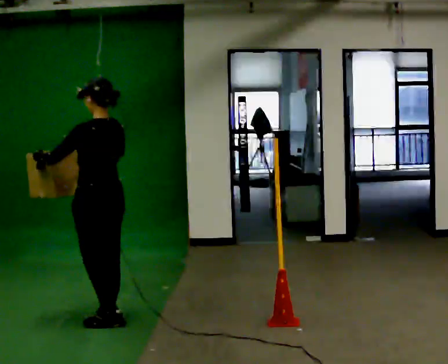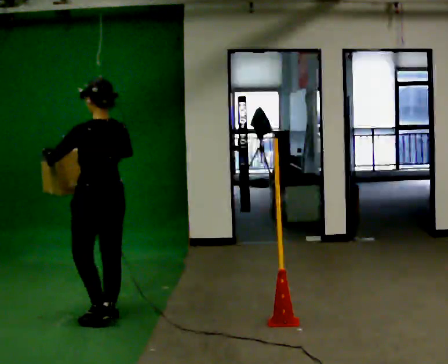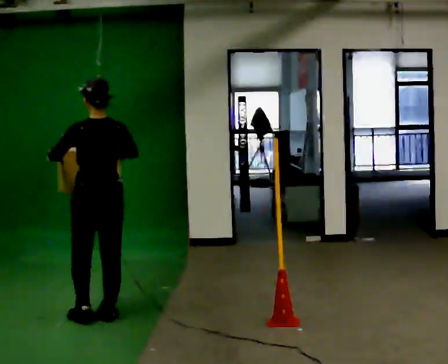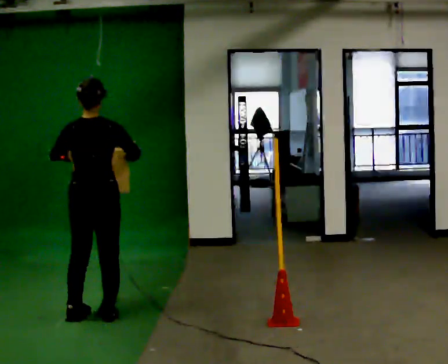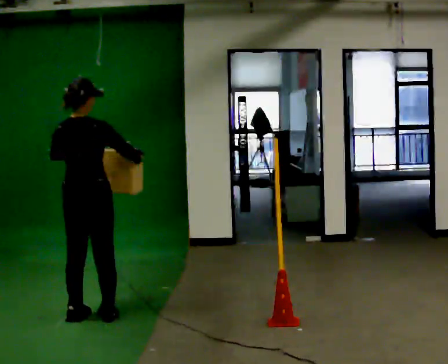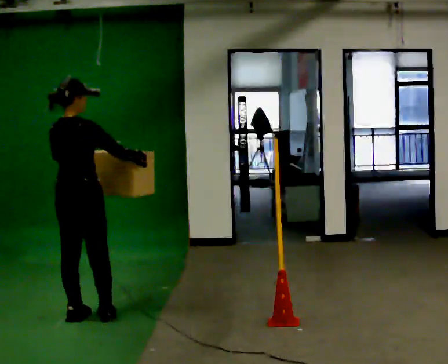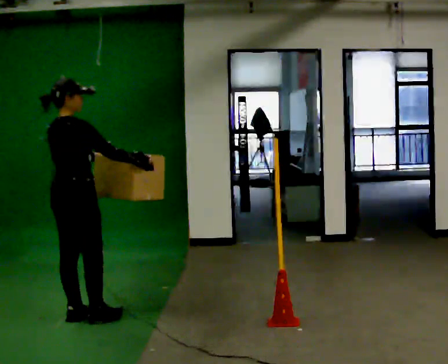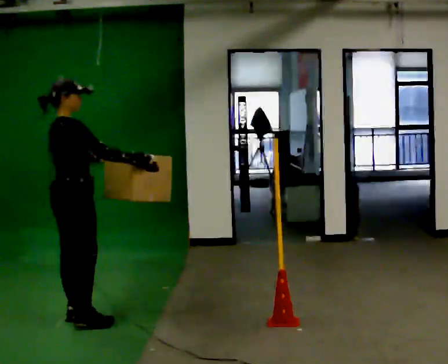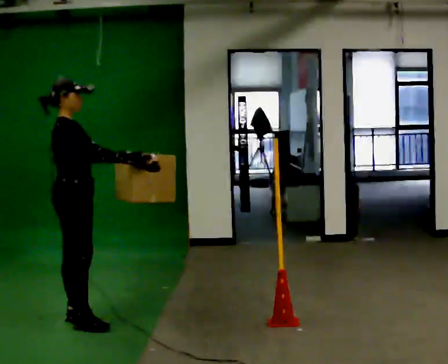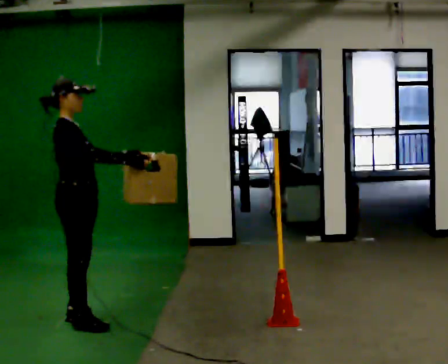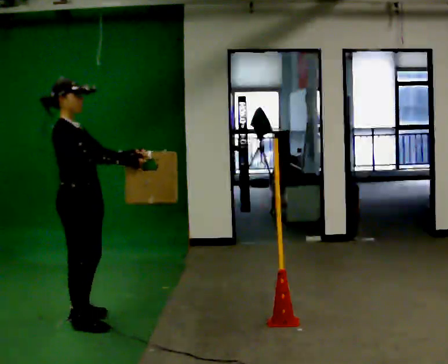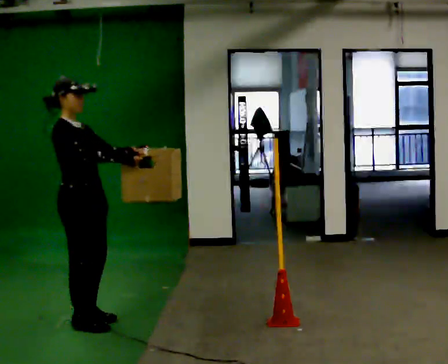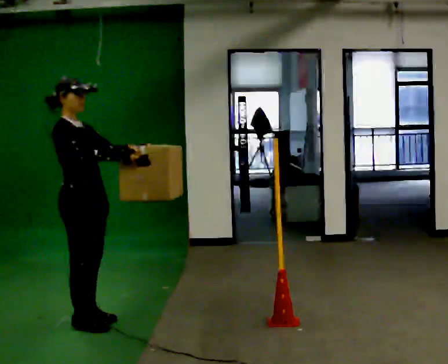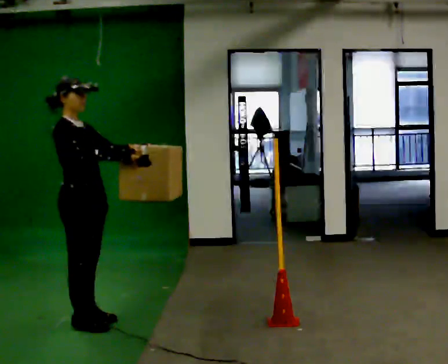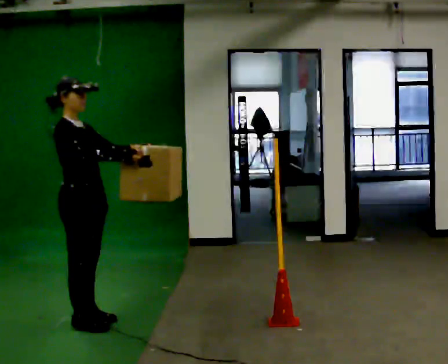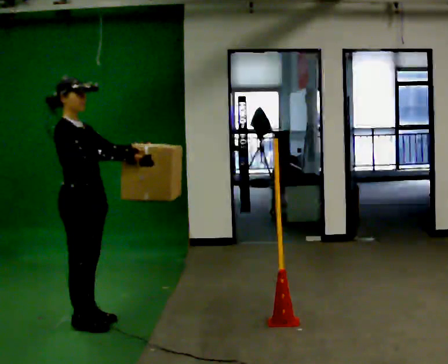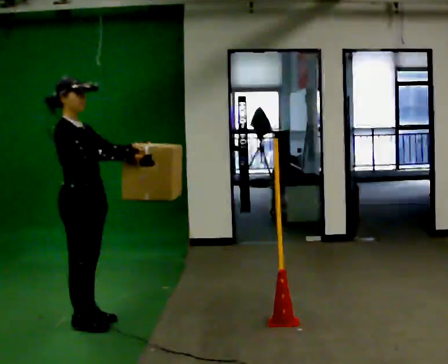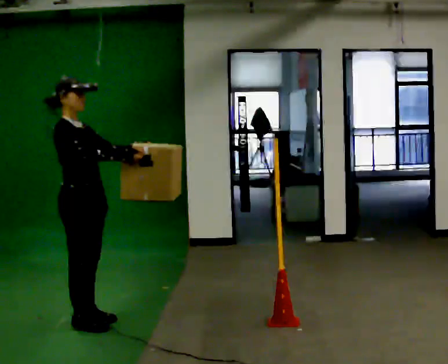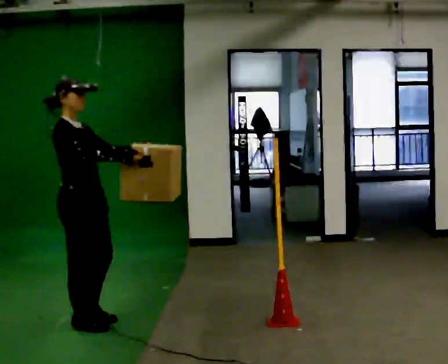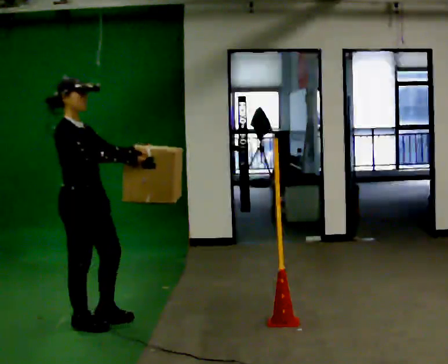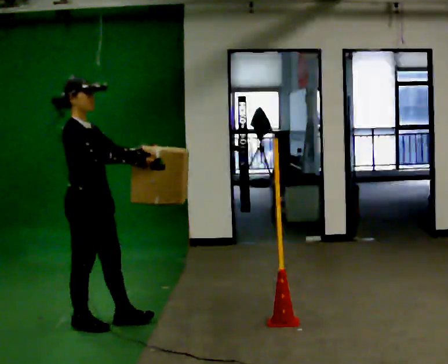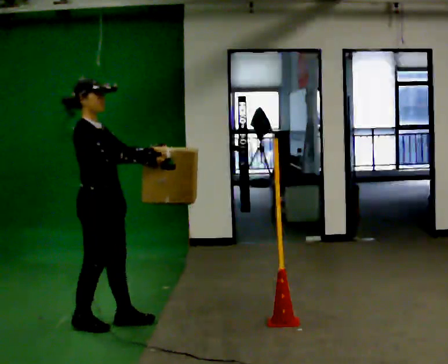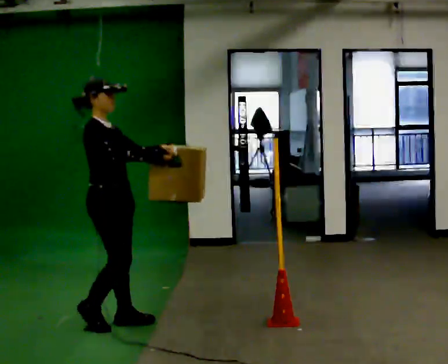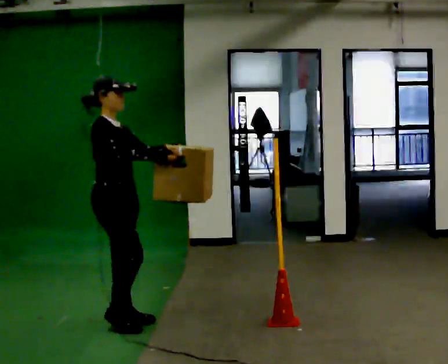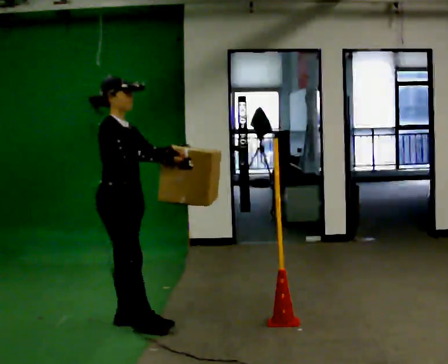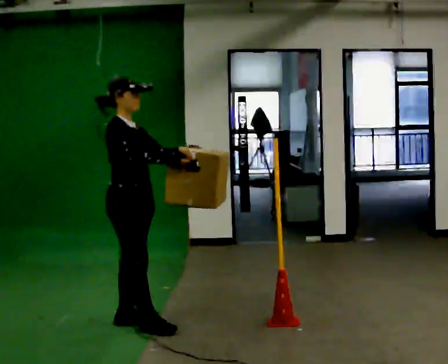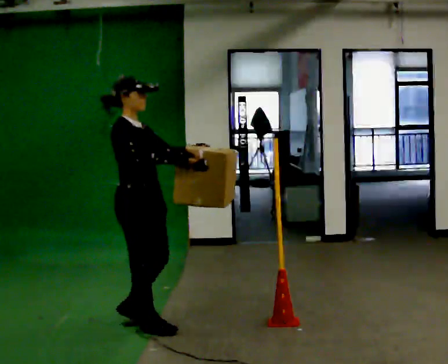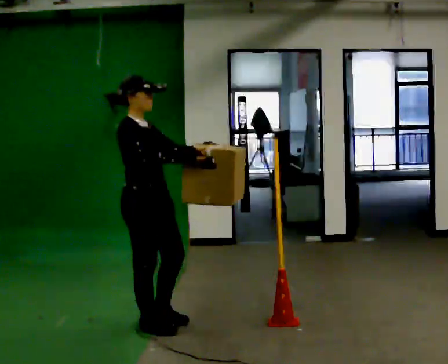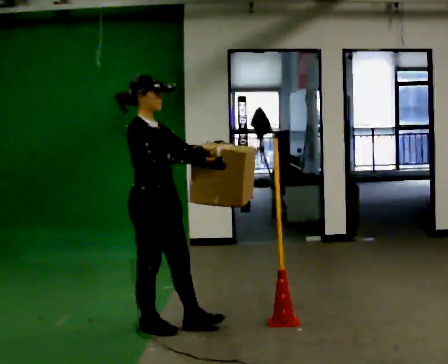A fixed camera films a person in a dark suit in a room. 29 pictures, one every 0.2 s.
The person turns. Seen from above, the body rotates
clockwise.
The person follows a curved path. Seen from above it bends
counterclockwise.
0.0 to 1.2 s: The person turns about 90 degrees to their right, clockwise seen from above, so the part of the body nearest the lens slides to the left. In the picture they go to the left, about 0.25 m in 1 step.
1.2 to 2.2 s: The part of the body nearest the lens slides to the left as the person turns to their right by about 60 degrees. In the picture they go toward the camera, about 0.25 m in 1 step, which for them is to their right. In the picture their left hand goes to the right.
2.2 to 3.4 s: The person keeps their place and pose.
3.4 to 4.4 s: In the picture they go to the right, about 0.25 m in 1 step, which for them is forward.
4.4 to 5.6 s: In the picture they go to the right and toward the camera, about 0.25 m in 1 step, which for them is forward.
The film runs forward here.
